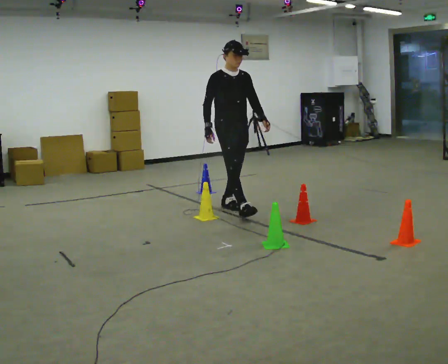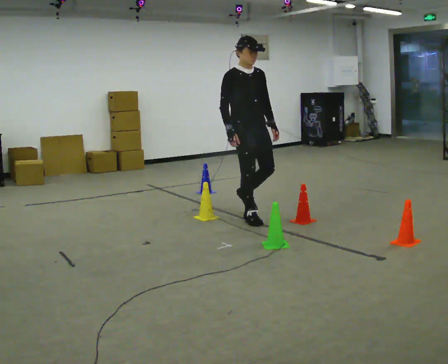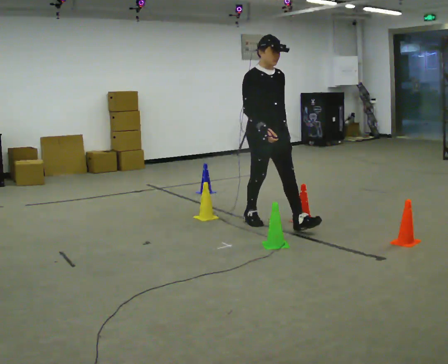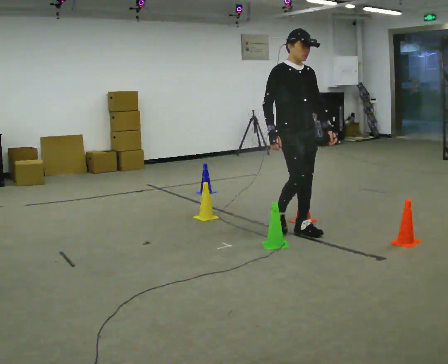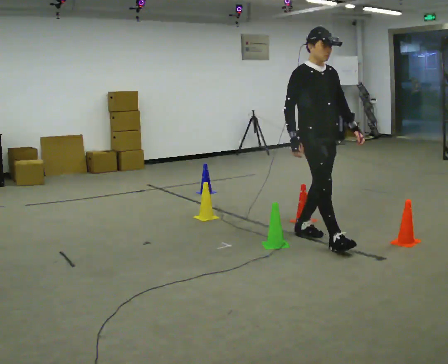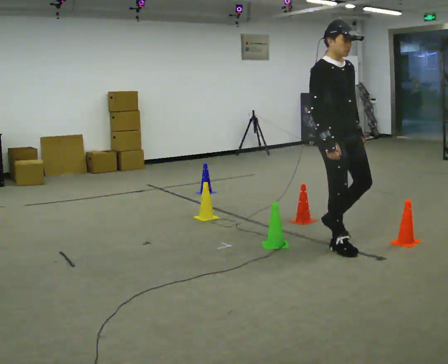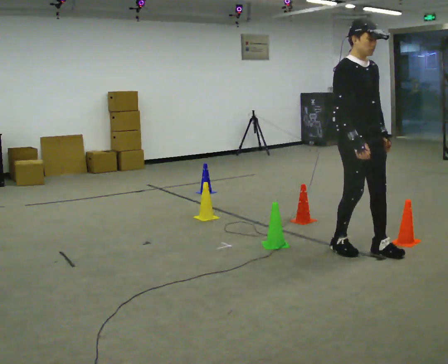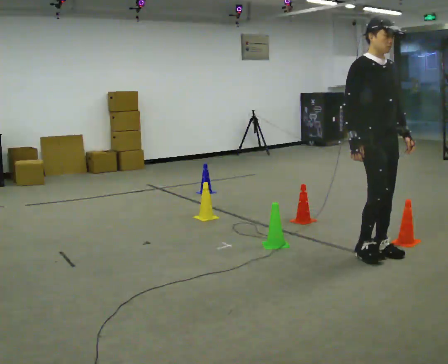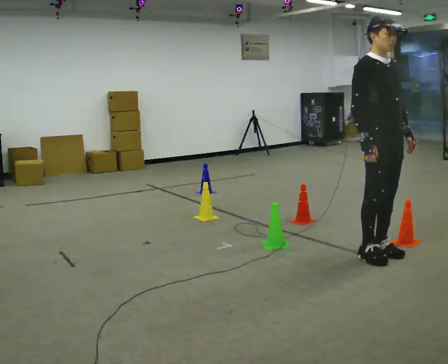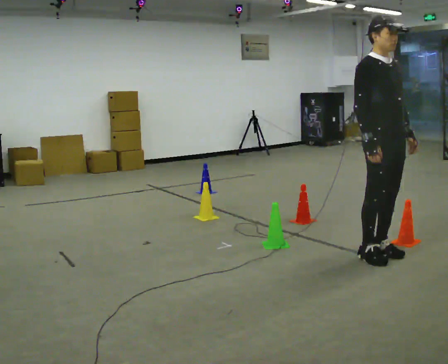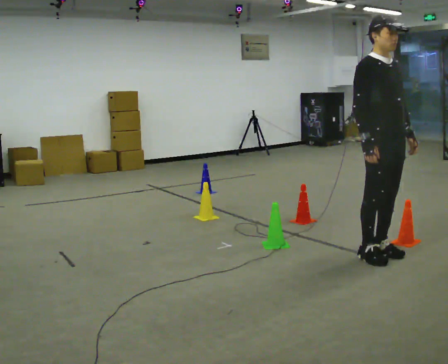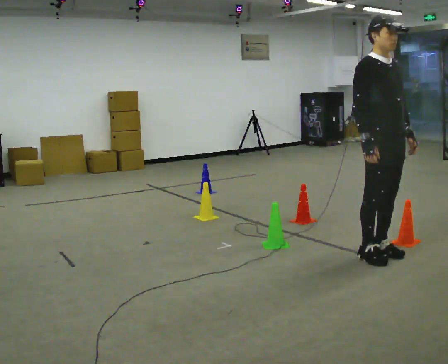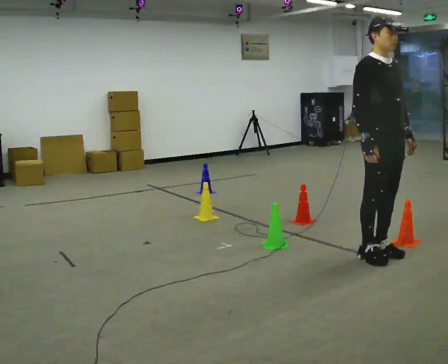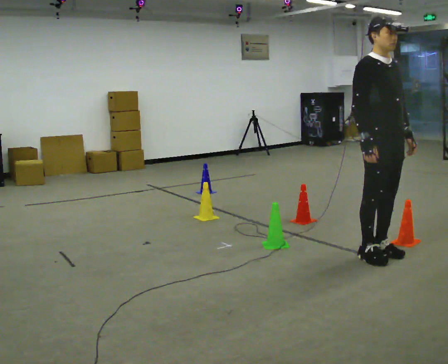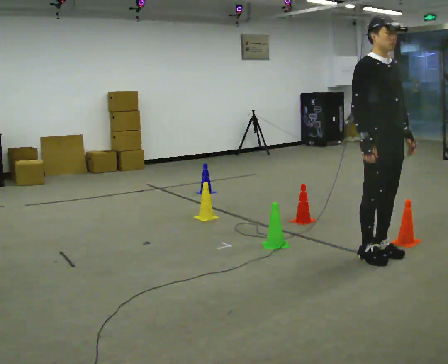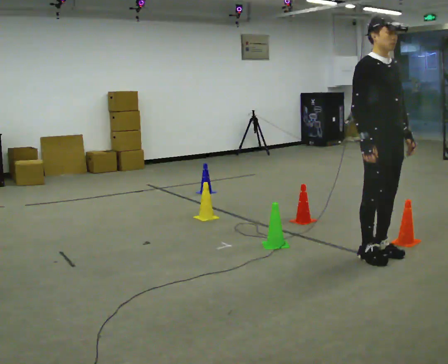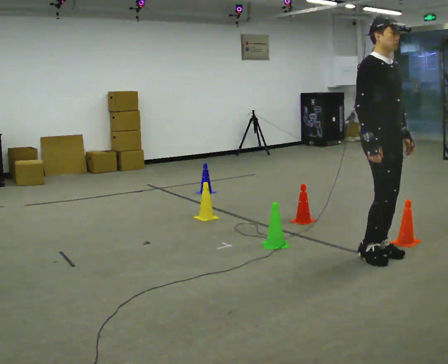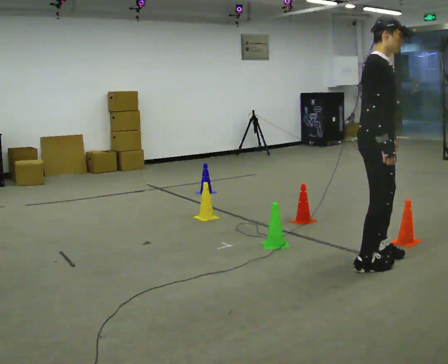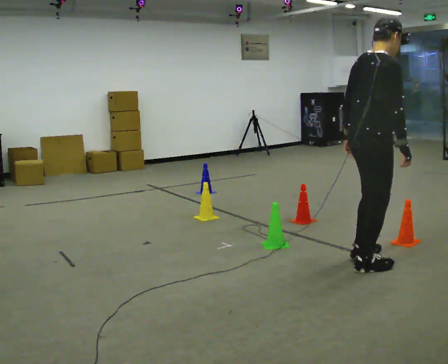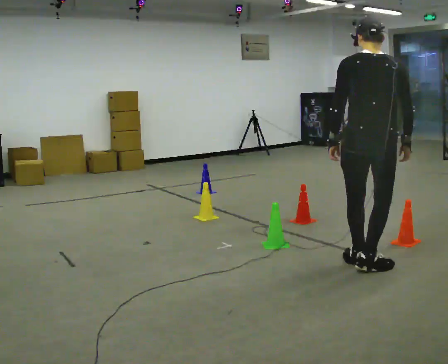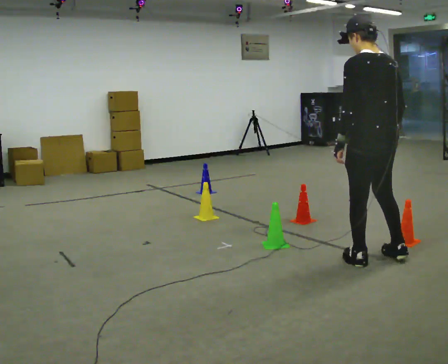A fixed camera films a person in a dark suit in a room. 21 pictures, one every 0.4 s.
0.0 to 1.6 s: In the picture they go to the right and toward the camera, about 1.5 m in 3 steps, which for them is forward.
1.6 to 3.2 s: In the picture they go to the right and toward the camera, about 0.75 m in 2 steps, which for them is forward.
3.2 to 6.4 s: The person moves a little, or ends about where they began.
6.4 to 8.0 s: Seen from above the body turns counterclockwise, about 165 degrees: to their left, with its near side sliding to the right. In the picture they go toward the camera, about 0.25 m in 2 steps. In the picture their left hand goes to the left, the arm swinging clockwise.
The film runs forward here.
